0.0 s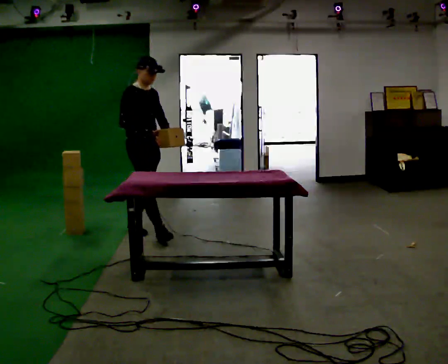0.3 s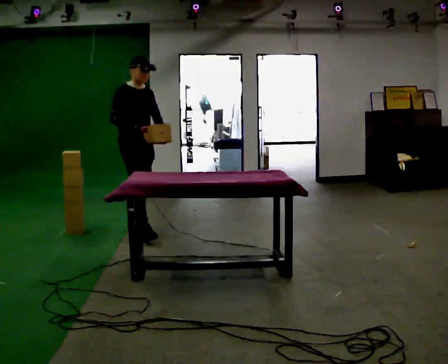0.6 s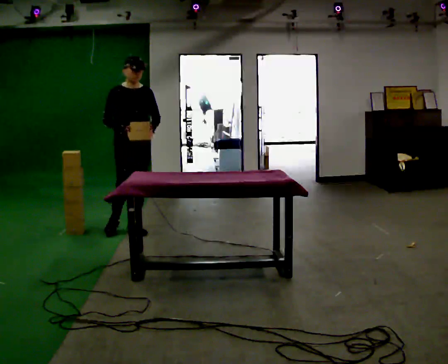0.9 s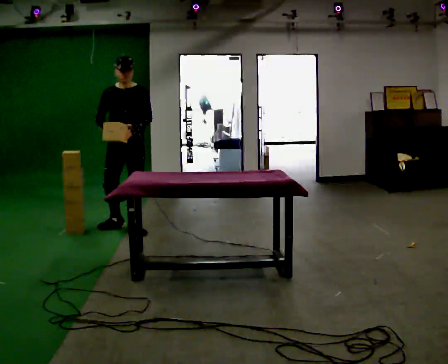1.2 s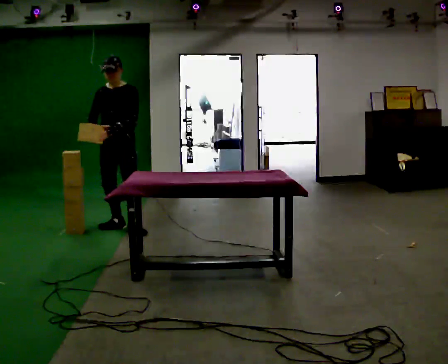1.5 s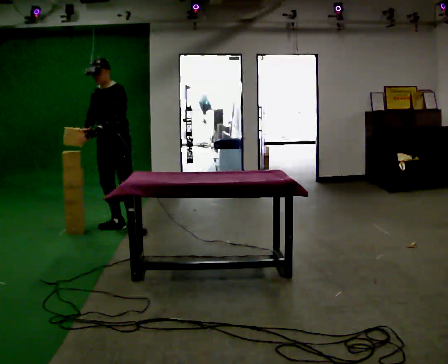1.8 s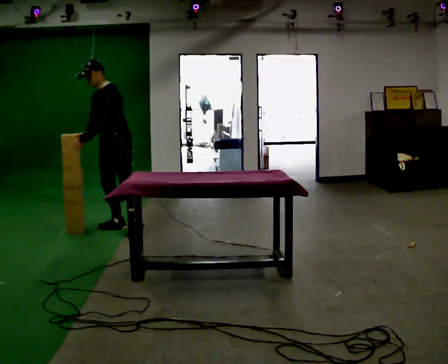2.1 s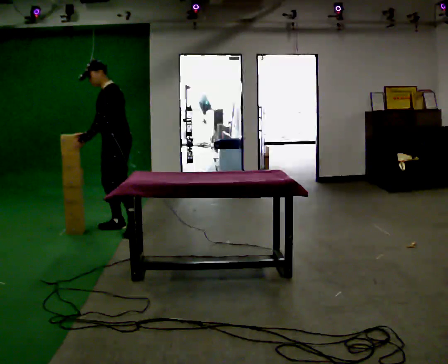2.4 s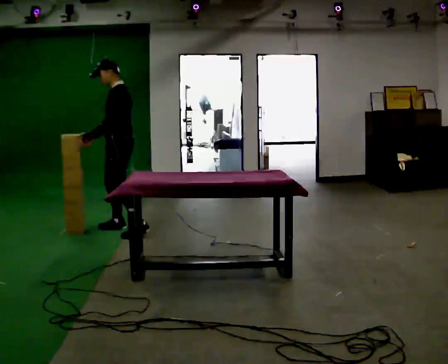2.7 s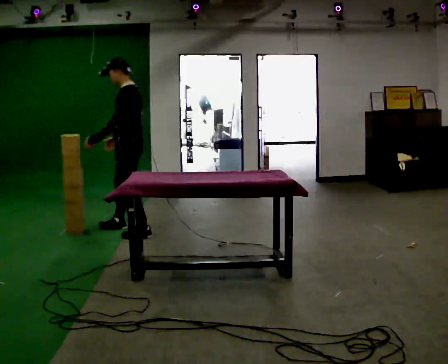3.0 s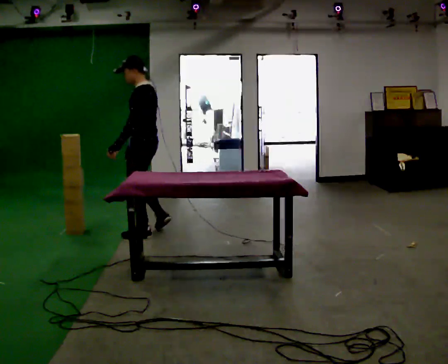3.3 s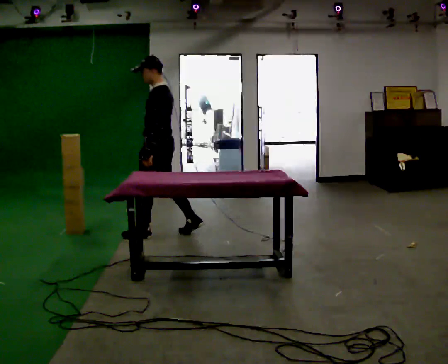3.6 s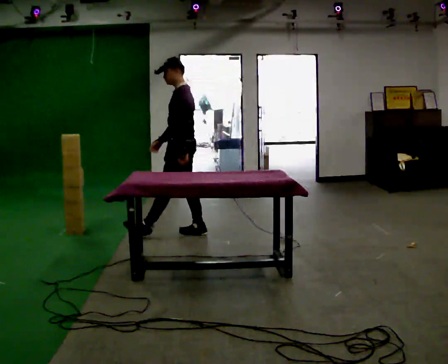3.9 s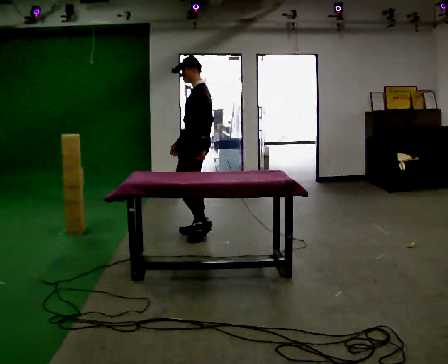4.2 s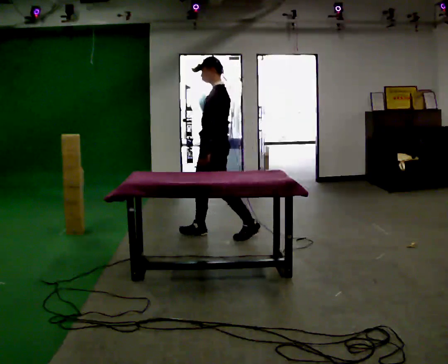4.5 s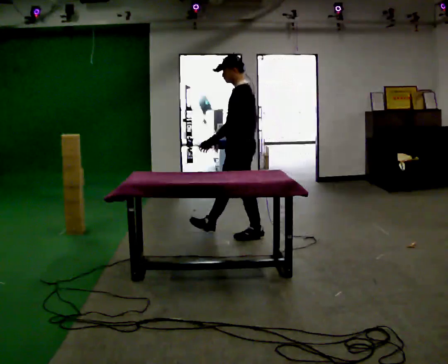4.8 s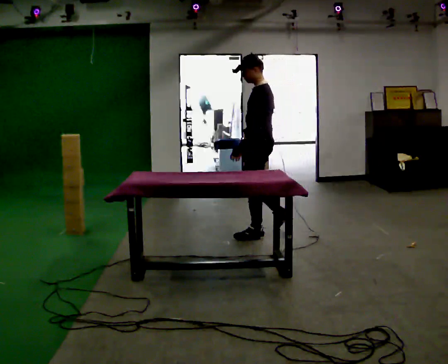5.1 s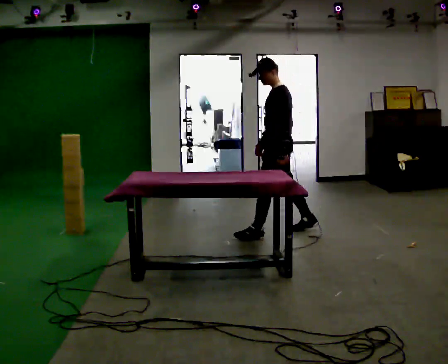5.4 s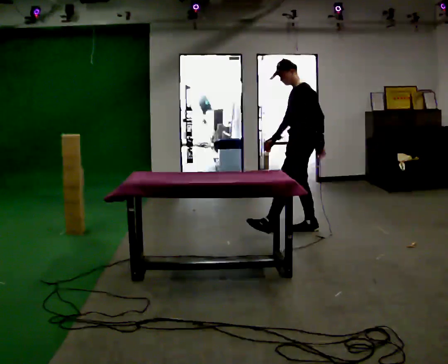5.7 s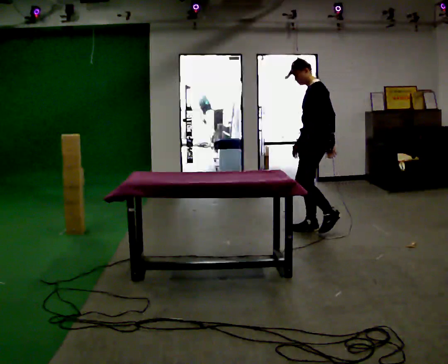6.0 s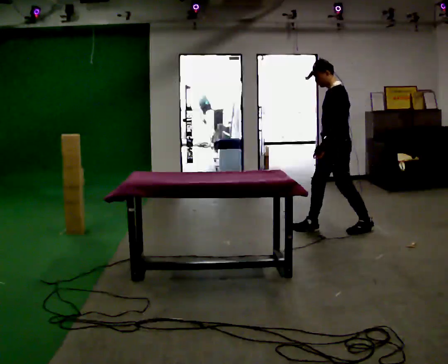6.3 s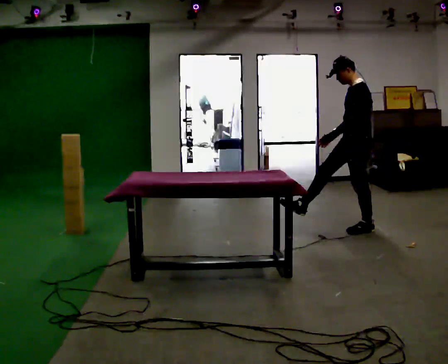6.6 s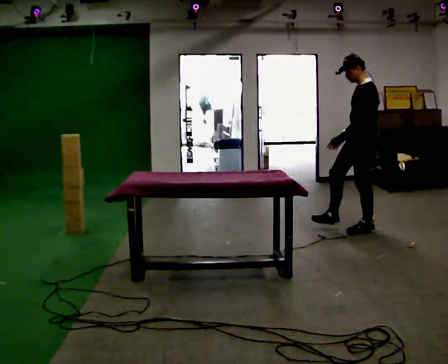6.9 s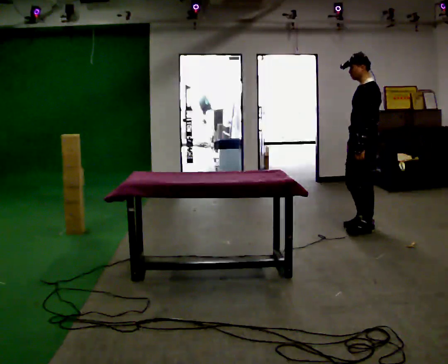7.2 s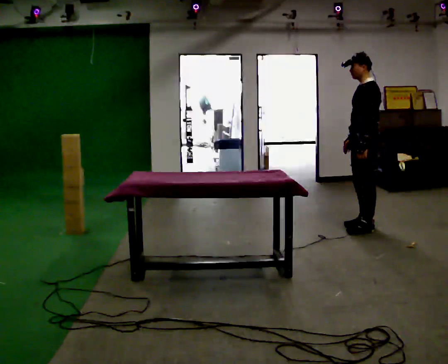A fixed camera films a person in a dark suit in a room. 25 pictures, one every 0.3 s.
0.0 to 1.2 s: The part of the body nearest the lens slides to the left as the person turns to their right by about 75 degrees. In the picture they go to the left and away from the camera, about 0.25 m in 1 step.
1.2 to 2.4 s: The person turns about 60 degrees to their right, clockwise seen from above, so the part of the body nearest the lens slides to the left.
2.4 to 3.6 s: In the picture they go to the right, about 0.75 m in 2 steps, which for them is backward.
3.6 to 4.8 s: In the picture they go to the right, about 0.5 m in 1 step, which for them is backward.
4.8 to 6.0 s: In the picture they go to the right, about 0.5 m in 1 step, which for them is backward.
6.0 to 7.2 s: In the picture they go to the right, about 0.25 m in 1 step, which for them is backward.
The film runs backward here.
